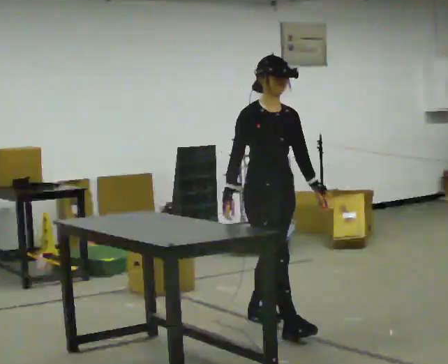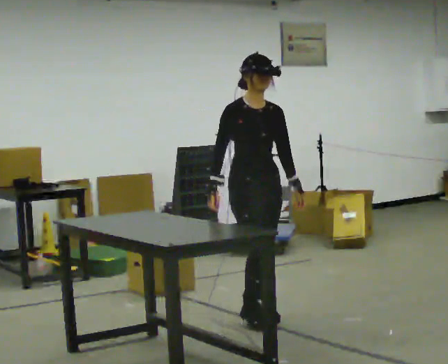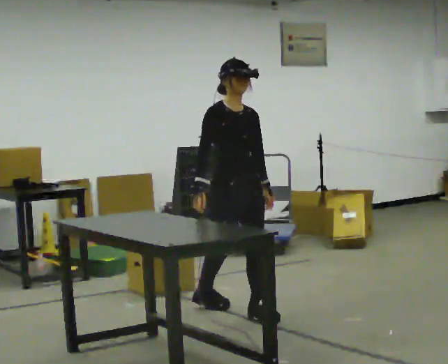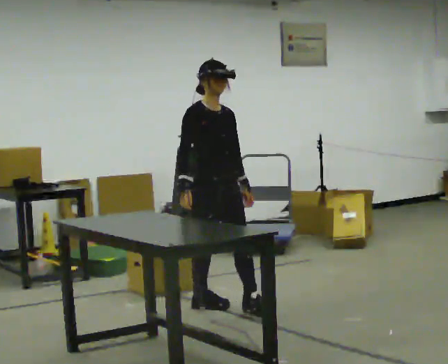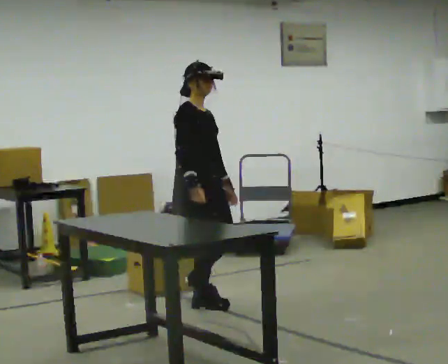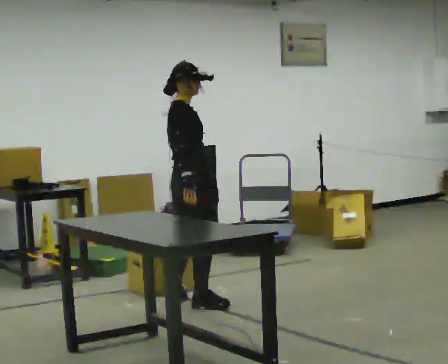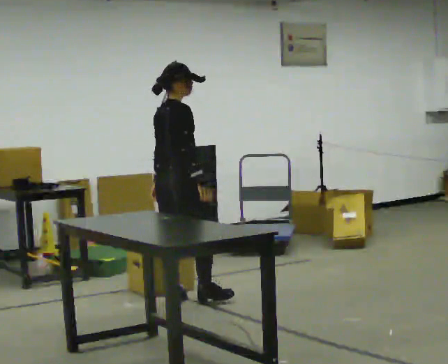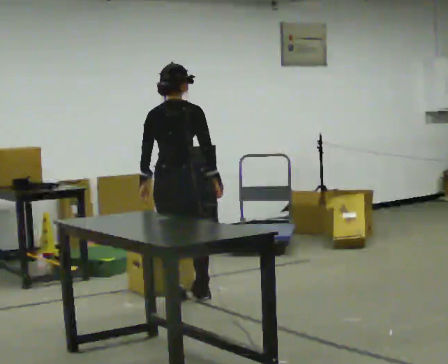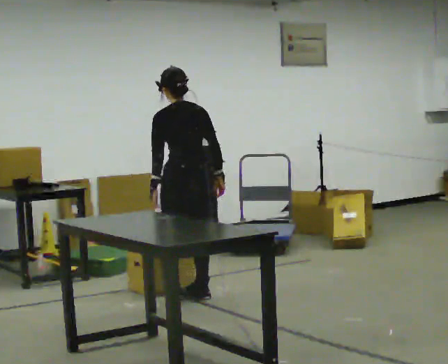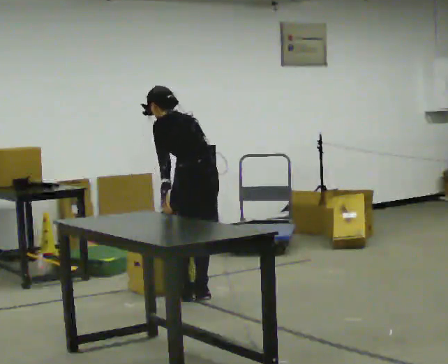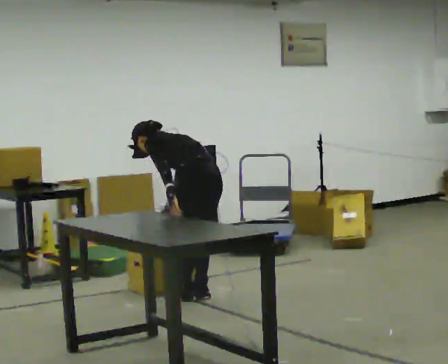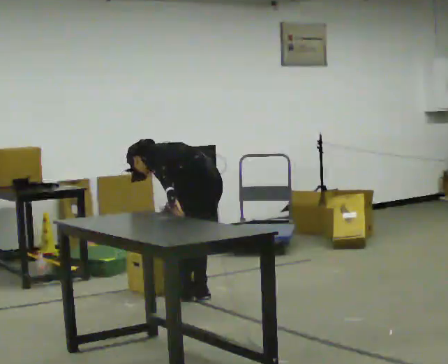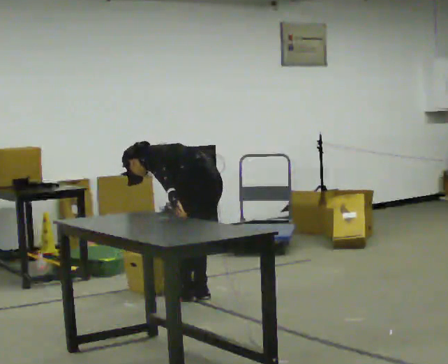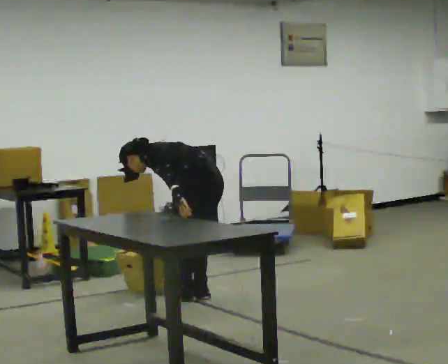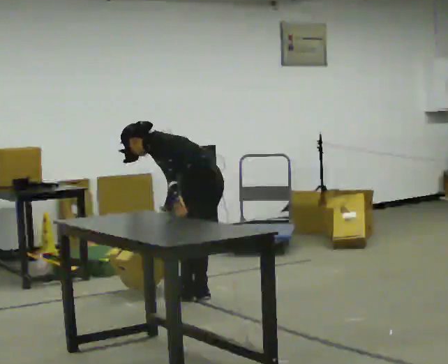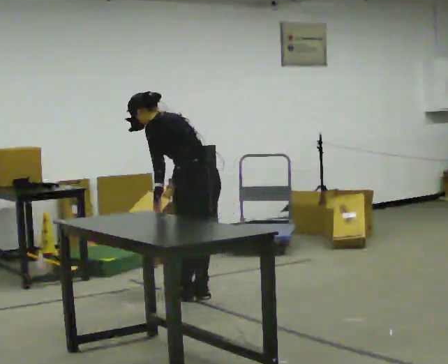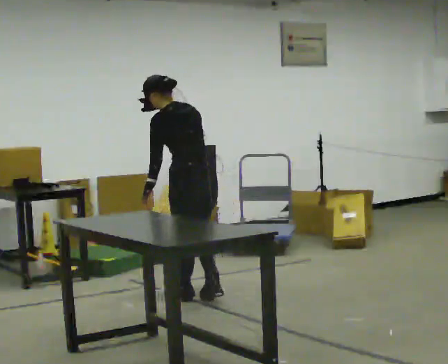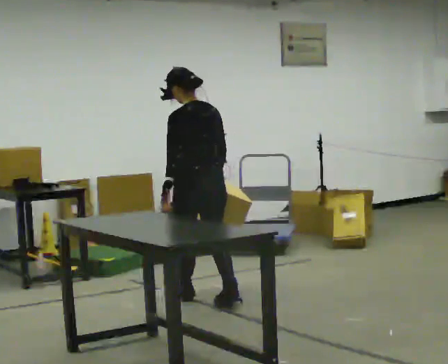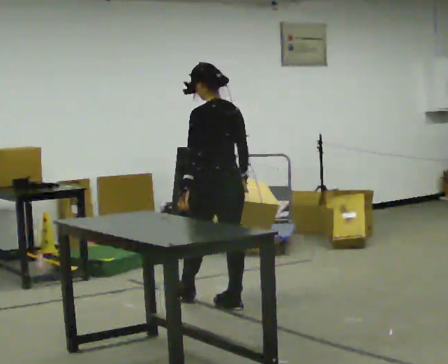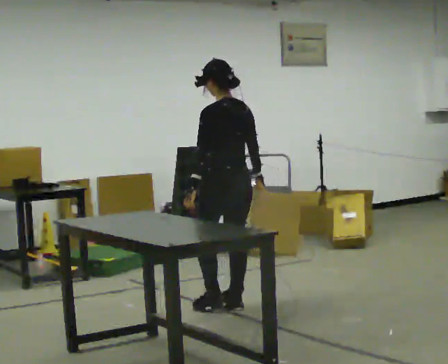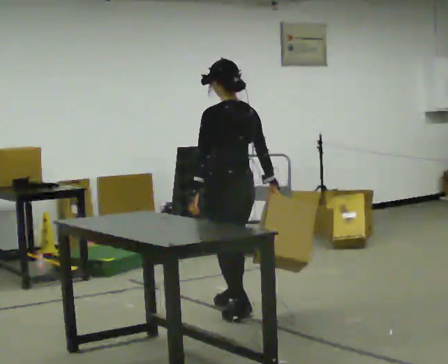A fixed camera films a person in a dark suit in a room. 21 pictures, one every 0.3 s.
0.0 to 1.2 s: The part of the body nearest the lens slides to the right as the person turns to their left by about 30 degrees. In the picture they go away from the camera and to the left, about 0.75 m in 2 steps, which for them is backward.
1.2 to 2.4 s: The part of the body nearest the lens slides to the right as the person turns to their left by about 135 degrees. In the picture they go away from the camera, about 0.25 m in 1 step.
2.4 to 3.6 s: The part of the body nearest the lens slides to the right as the person turns to their left by about 30 degrees. The upper body goes downward. In the picture the upper body tilts counterclockwise, shoulders to the left, as they bend forward.
3.6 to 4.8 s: The upper body goes upward. In the picture the upper body tilts clockwise, shoulders to the right, as they lean back or straighten.
4.8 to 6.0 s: In the picture they go toward the camera and to the right, about 0.5 m in 1 step, which for them is backward. In the picture the upper body tilts clockwise, shoulders to the right, as they lean back or straighten.
The film runs backward here.
